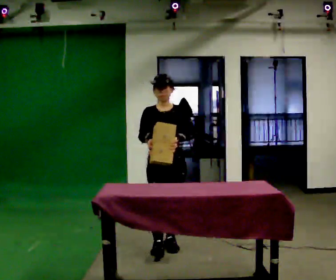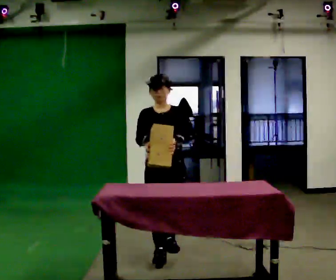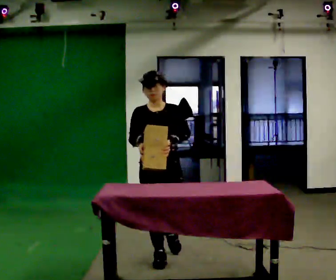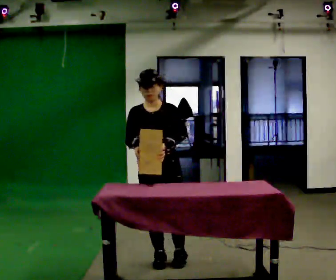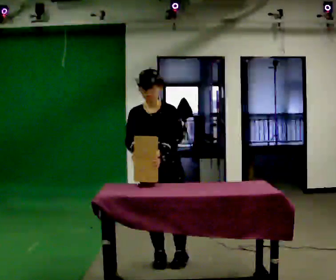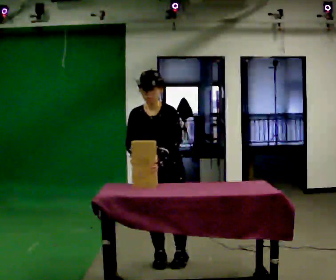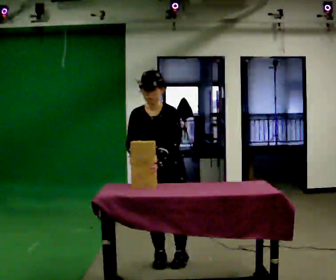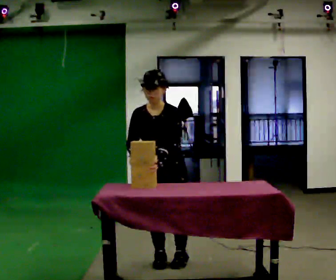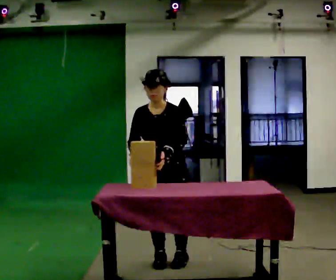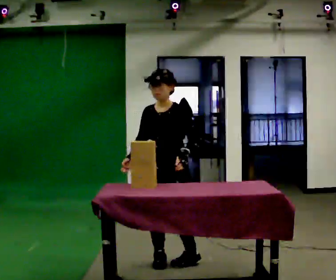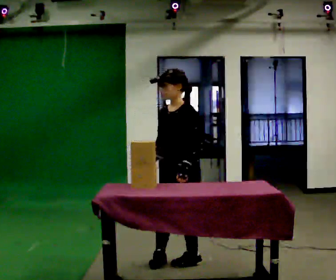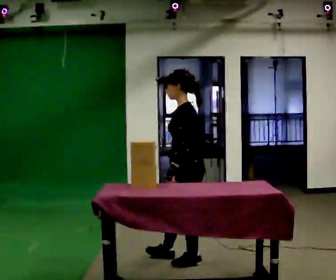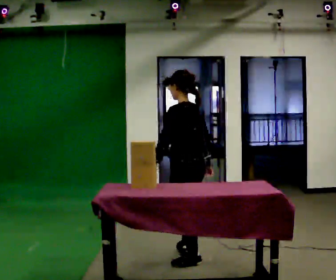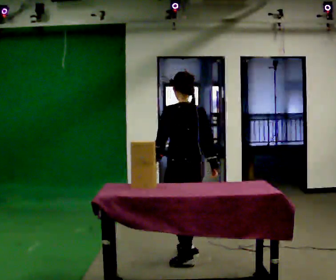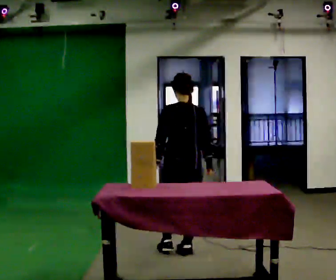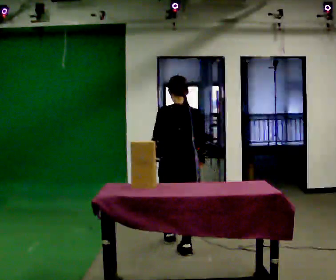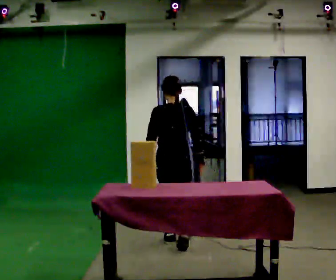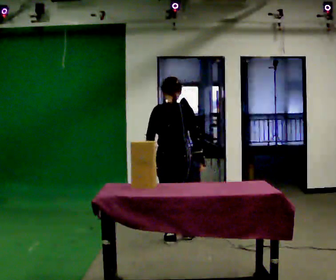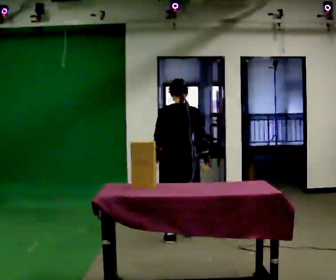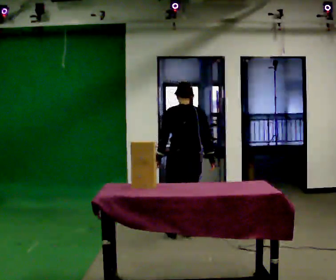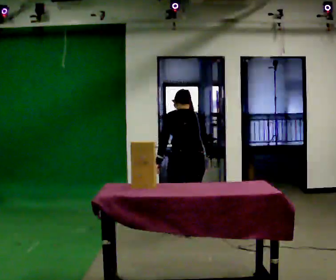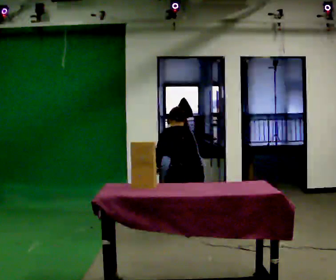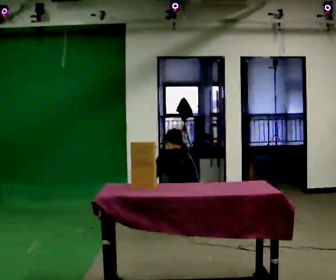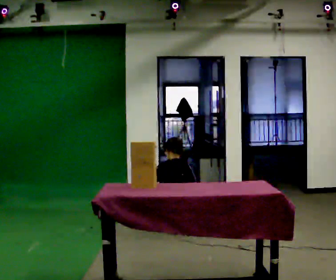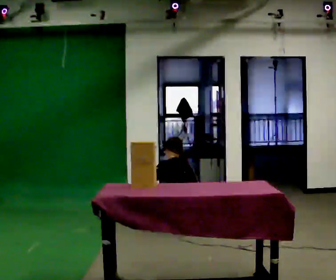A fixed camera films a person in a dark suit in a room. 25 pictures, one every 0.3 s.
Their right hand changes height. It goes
downward.
The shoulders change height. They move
downward.
0.0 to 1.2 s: In the picture they go toward the camera, about 0.5 m in 2 steps, which for them is forward.
1.2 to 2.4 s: The person moves a little, or ends about where they began.
2.4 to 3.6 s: The person turns about 120 degrees to their right, clockwise seen from above, so the part of the body nearest the lens slides to the left. In the picture they go to the right, about 0.25 m in 1 step. In the picture their right hand goes to the right, the arm swinging counterclockwise.
3.6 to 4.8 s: The person turns about 60 degrees to their right, clockwise seen from above, so the part of the body nearest the lens slides to the left. In the picture they go away from the camera, about 0.5 m in 1 step, which for them is forward.
4.8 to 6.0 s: In the picture they go away from the camera, about 0.25 m in 2 steps, which for them is forward and to their right. The upper body tips away from the camera, its near side rolling upward, as they bend forward.
6.0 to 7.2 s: The part of the body nearest the lens slides to the right as the person turns to their left by about 30 degrees. In the picture they go away from the camera, about 0.25 m, which for them is forward. The upper body goes downward. In the picture the upper body tilts counterclockwise, shoulders to the left. In the picture their left hand goes downward.
The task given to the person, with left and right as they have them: Collect three or four objects from around the room, gather them in your arms, then carry them all to the shelf together. Keep going until the operator says stop; one object at a time, and do not rush between trips.
The film runs forward here.
